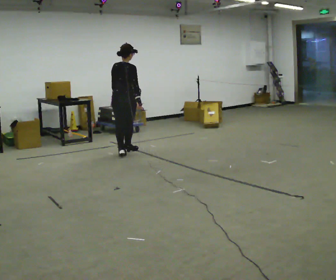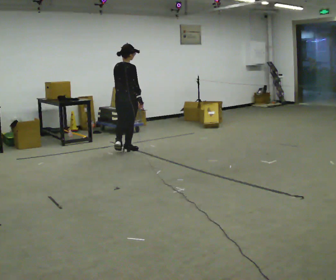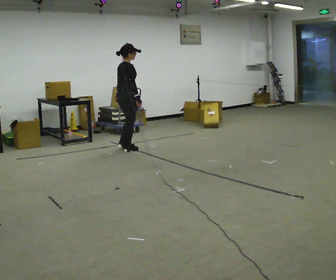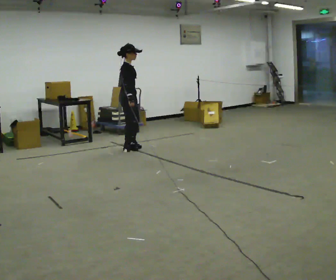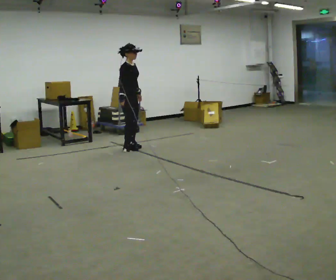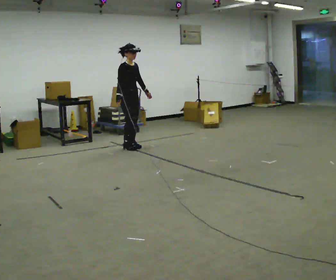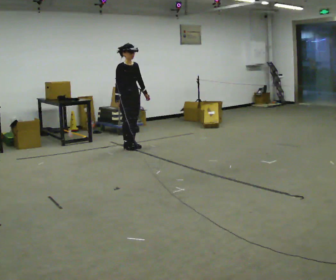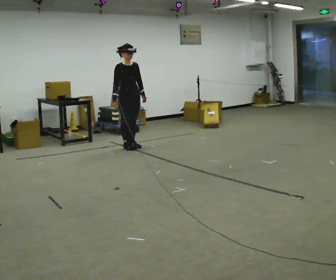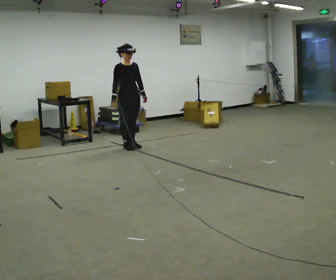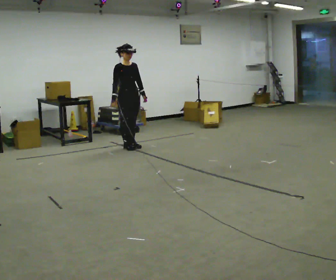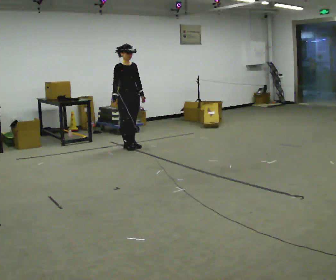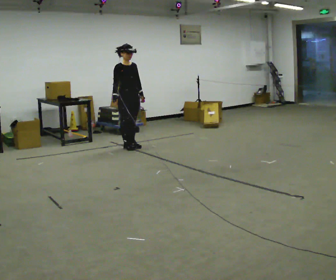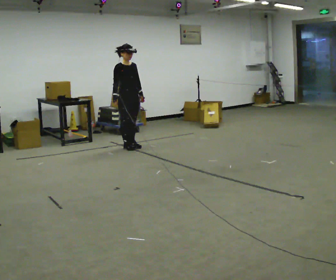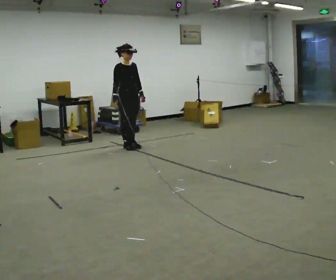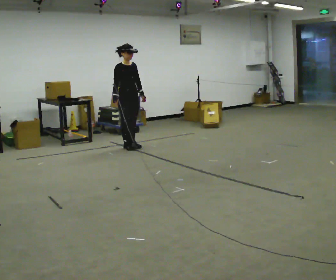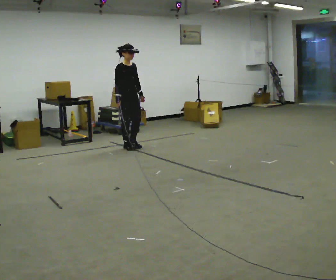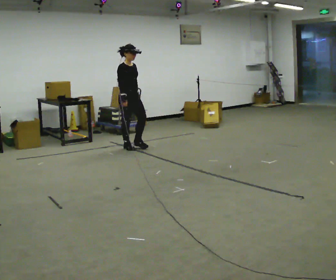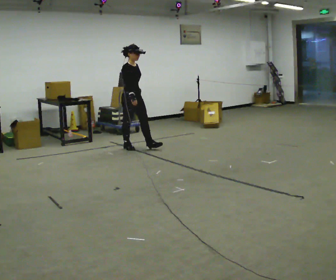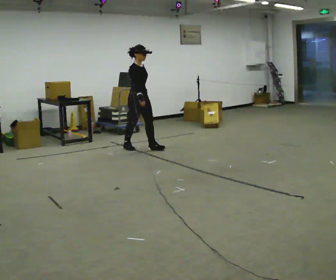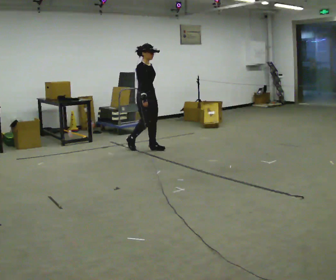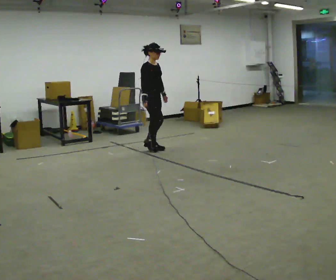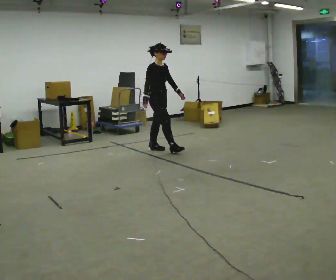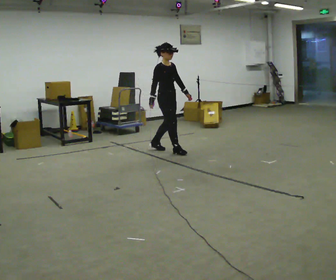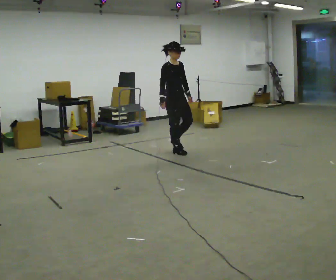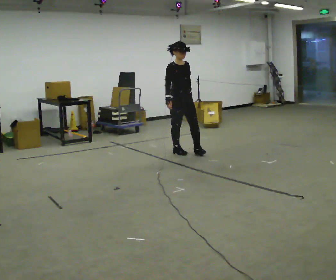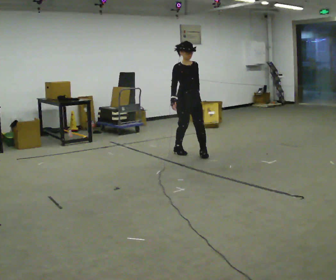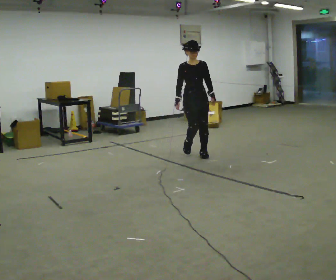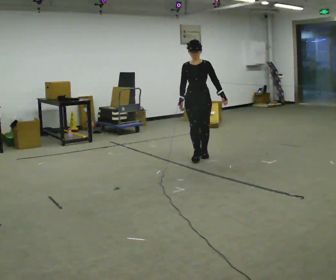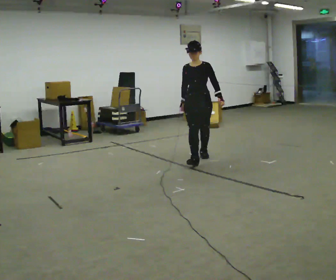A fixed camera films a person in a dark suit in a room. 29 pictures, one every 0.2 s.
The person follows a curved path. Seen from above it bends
clockwise.
The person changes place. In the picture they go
to the right.
0.0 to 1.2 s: The person turns about 120 degrees to their right, clockwise seen from above, so the part of the body nearest the lens slides to the left. In the picture they go away from the camera, about 0.5 m in 2 steps.
1.2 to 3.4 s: The person moves a little, or ends about where they began.
3.4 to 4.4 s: In the picture they go to the right and toward the camera, about 0.5 m in 2 steps, which for them is forward.
4.4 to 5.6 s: The part of the body nearest the lens slides to the left as the person turns to their right by about 75 degrees. In the picture they go toward the camera and to the right, about 0.75 m in 1 step.
The film runs forward here.
